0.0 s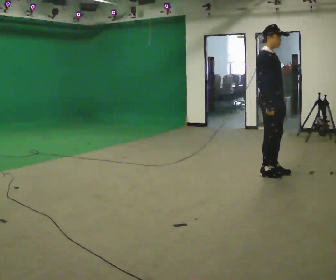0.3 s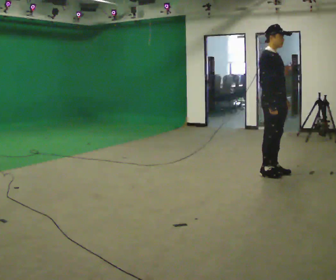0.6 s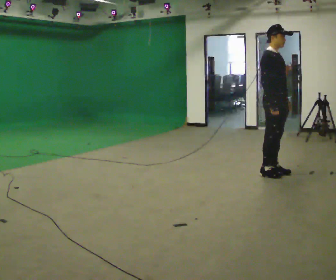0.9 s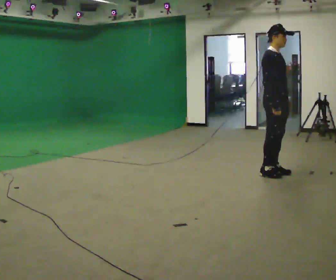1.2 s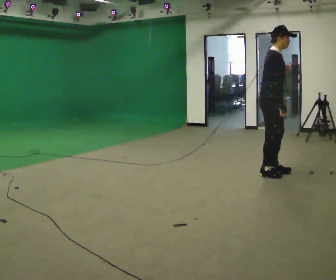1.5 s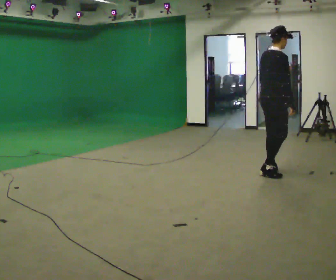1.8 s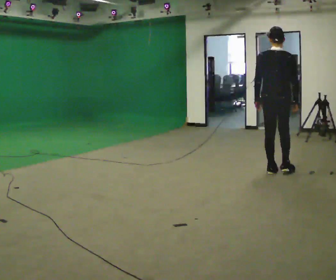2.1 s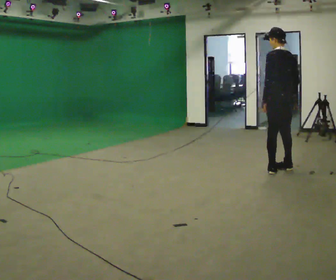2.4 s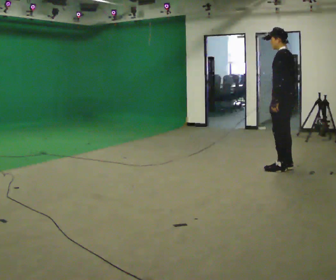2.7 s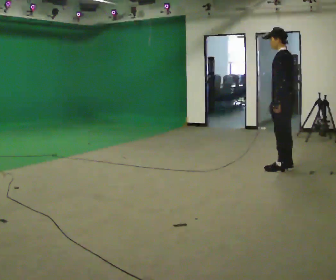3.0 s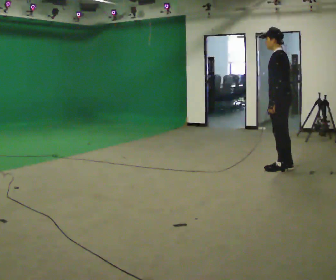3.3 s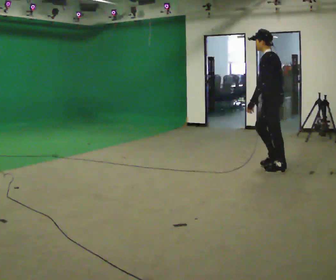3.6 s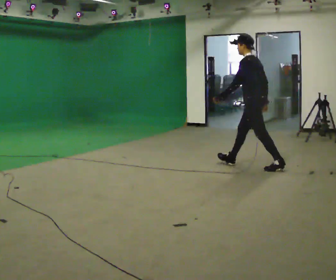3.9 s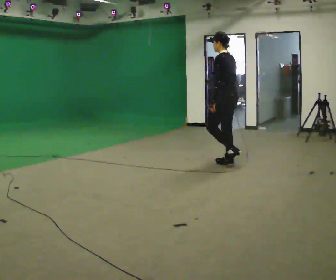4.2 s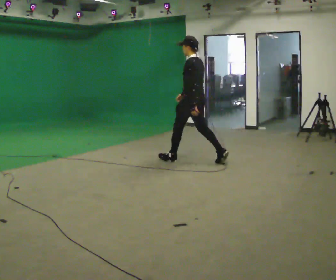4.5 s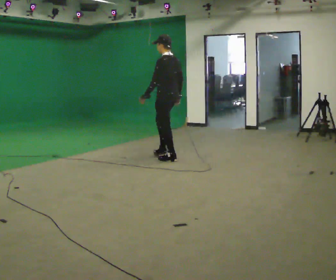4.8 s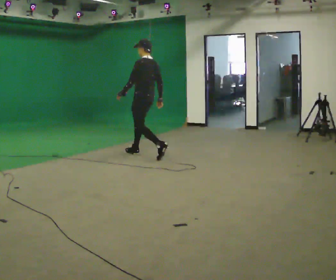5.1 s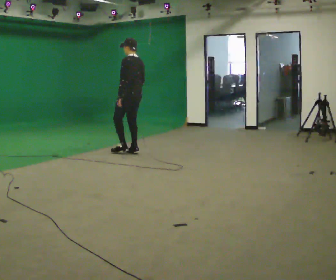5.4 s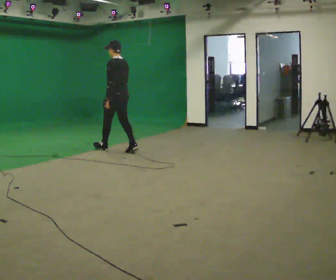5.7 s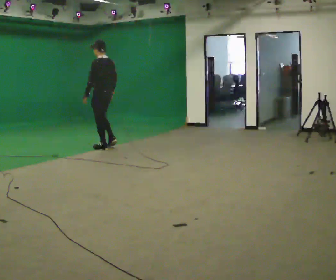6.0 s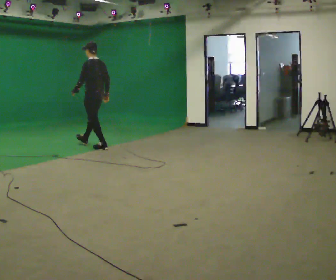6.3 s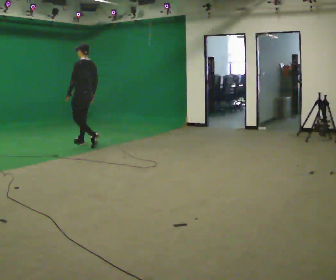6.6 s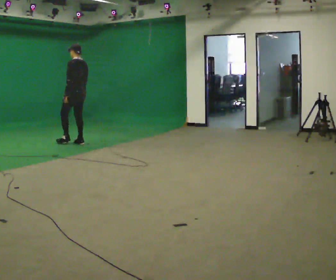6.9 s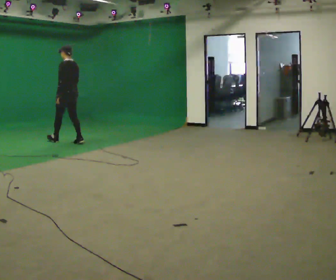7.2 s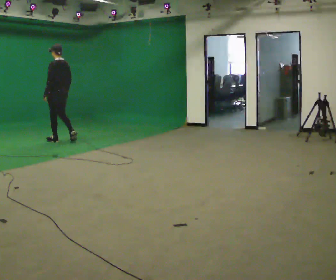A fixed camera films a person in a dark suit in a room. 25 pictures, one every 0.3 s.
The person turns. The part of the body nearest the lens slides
to the right.
The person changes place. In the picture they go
to the left.
0.0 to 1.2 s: The person moves a little, or ends about where they began.
1.2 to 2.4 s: Seen from above the body turns counterclockwise, about 165 degrees: to their left, with its near side sliding to the right. In the picture they go away from the camera and to the right, about 0.25 m in 2 steps.
2.4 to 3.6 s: In the picture they go to the left, about 0.5 m, which for them is forward.
3.6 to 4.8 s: In the picture they go to the left, about 1.5 m in 3 steps, which for them is forward. In the picture the upper body tilts clockwise, shoulders to the right, as they lean back or straighten.
4.8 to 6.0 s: In the picture they go to the left, about 1 m in 1 step, which for them is forward.
6.0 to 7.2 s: In the picture they go to the left, about 1 m in 2 steps, which for them is forward.
The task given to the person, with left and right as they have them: Start at normal speed; gradually slow over several steps; stop gently.
The film runs forward here.
